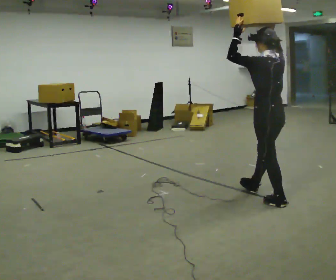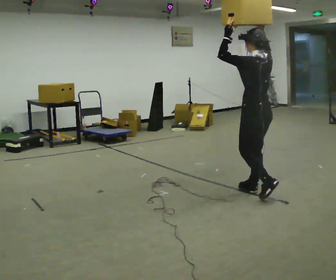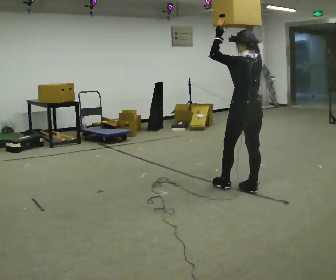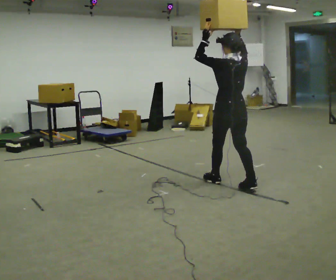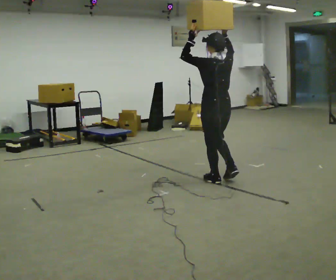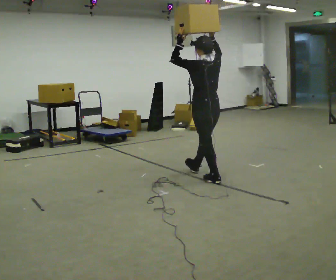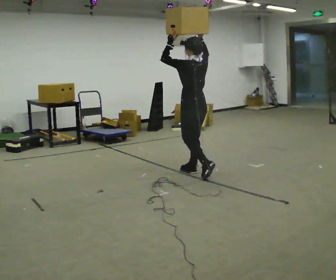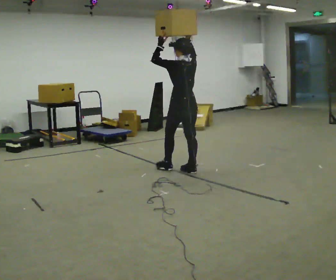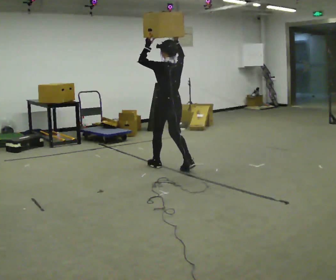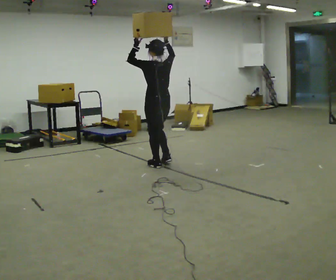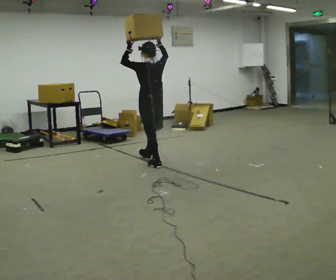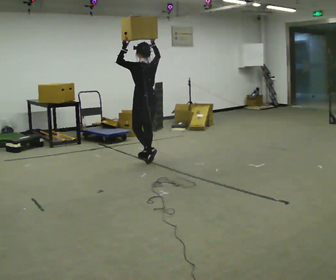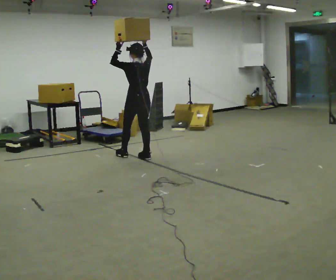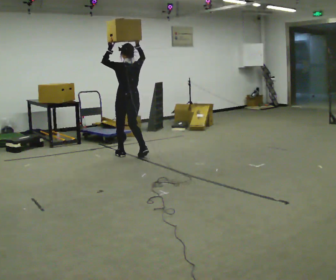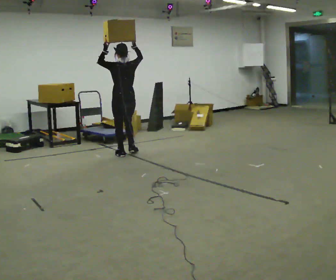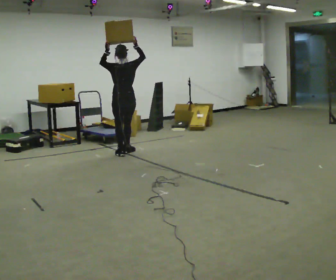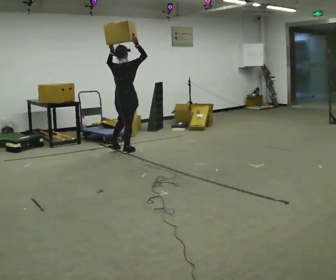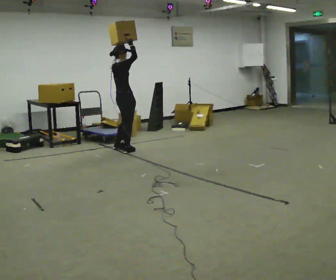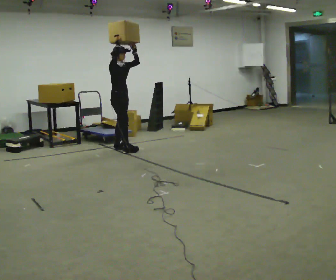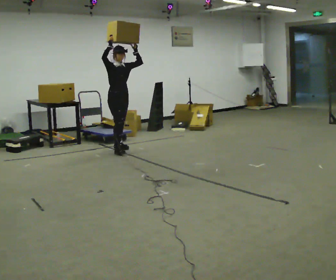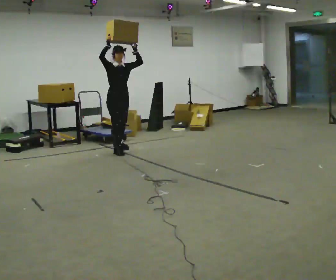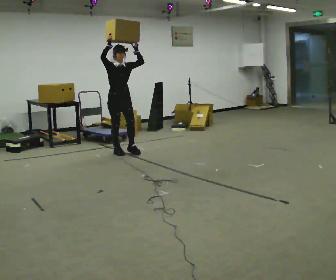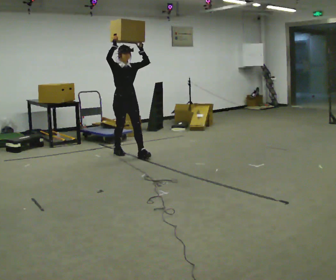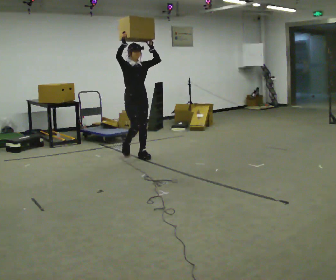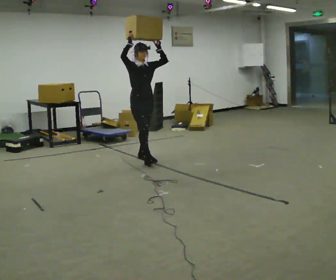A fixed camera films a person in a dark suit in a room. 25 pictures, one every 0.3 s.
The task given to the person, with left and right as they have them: Carry the object held up above your head, walking back and forth across the room.
0.0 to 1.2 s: In the picture they go away from the camera and to the left, about 1 m in 1 step, which for them is forward.
1.2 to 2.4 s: In the picture they go away from the camera and to the left, about 1 m in 2 steps, which for them is forward.
2.4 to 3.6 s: In the picture they go away from the camera and to the left, about 0.5 m in 1 step, which for them is forward.
3.6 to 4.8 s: The person turns about 60 degrees to their right, clockwise seen from above, so the part of the body nearest the lens slides to the left. In the picture they go away from the camera and to the left, about 0.5 m in 2 steps, which for them is forward.
4.8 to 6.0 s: Seen from above the body turns clockwise, about 120 degrees: to their right, with its near side sliding to the left. In the picture their left hand goes to the right.
6.0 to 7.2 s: In the picture they go toward the camera and to the right, about 0.75 m in 1 step, which for them is forward.
The film runs forward here.
